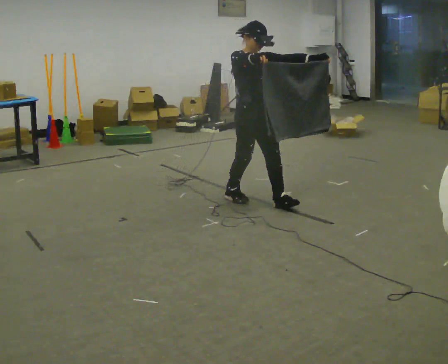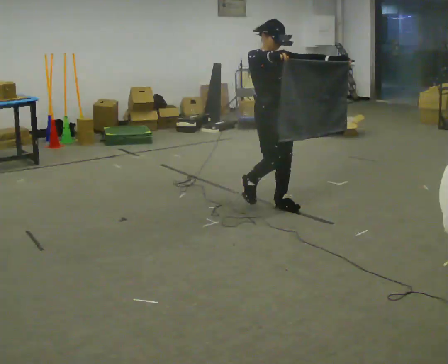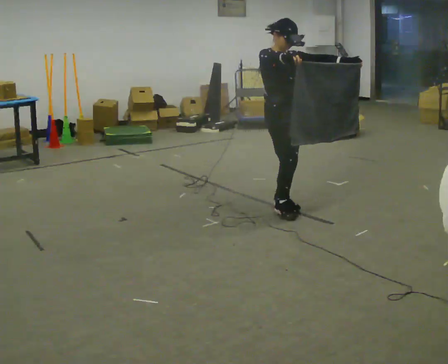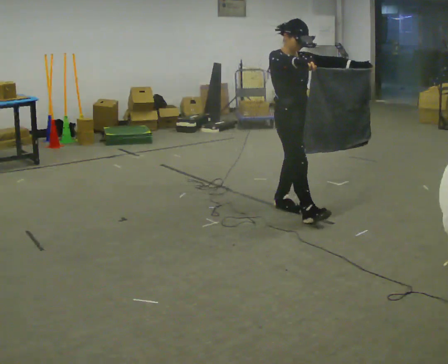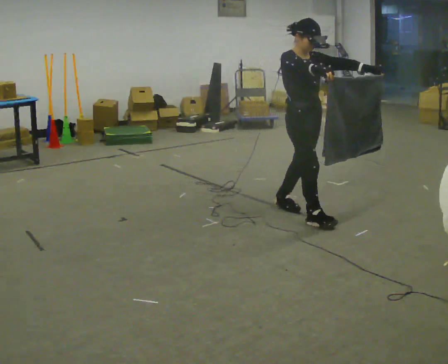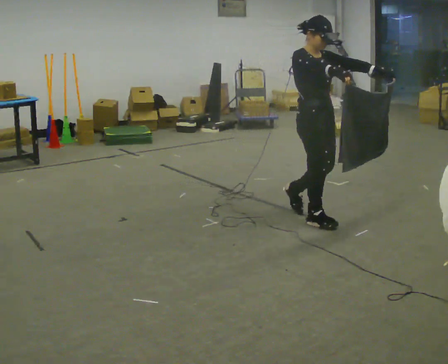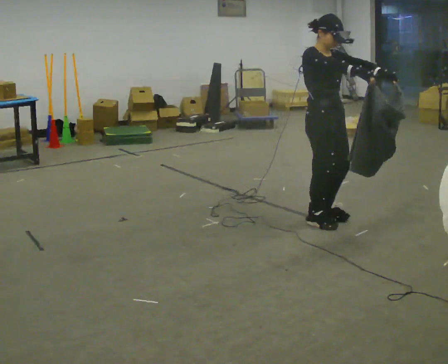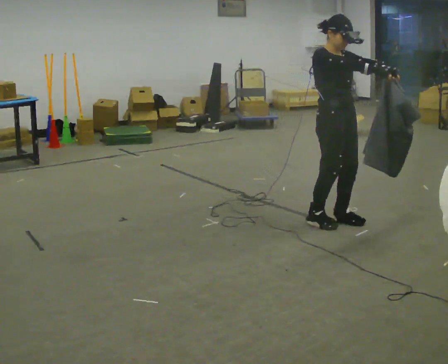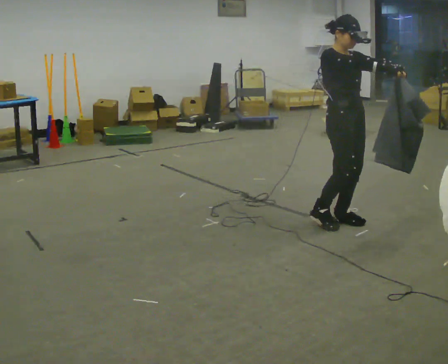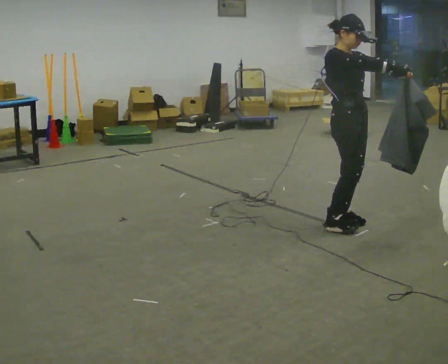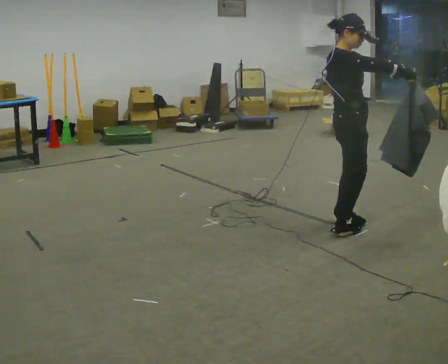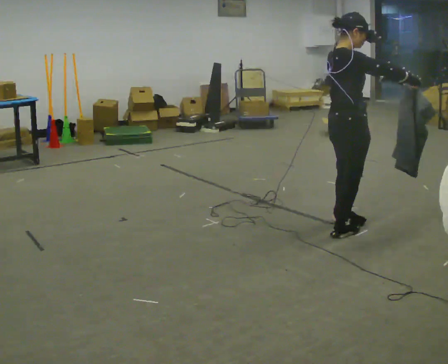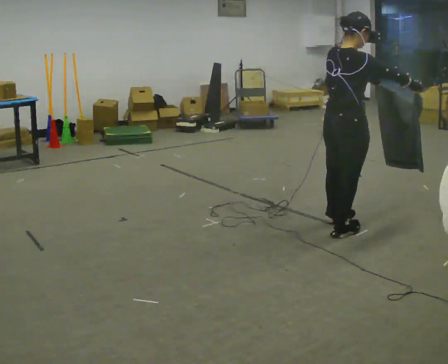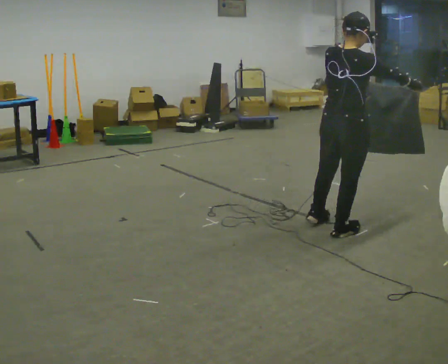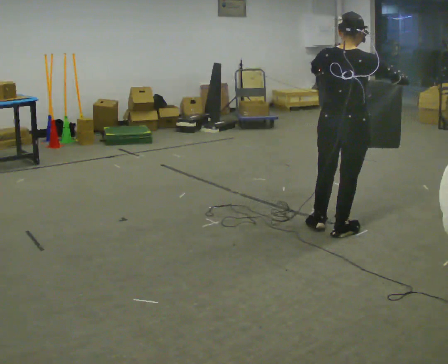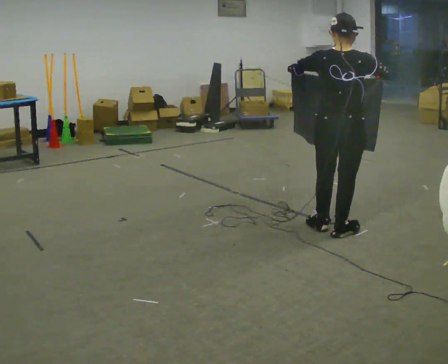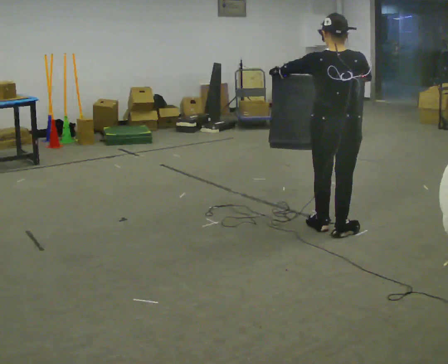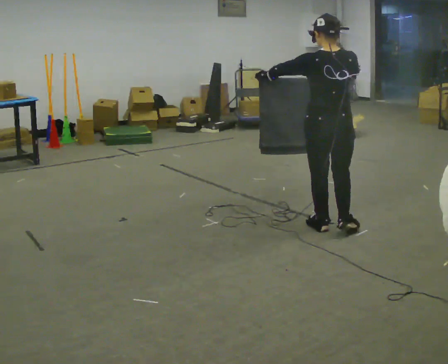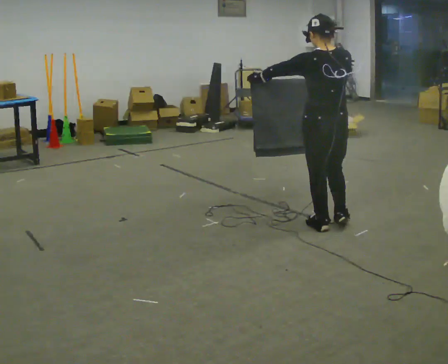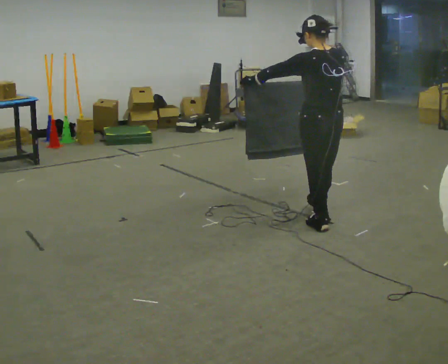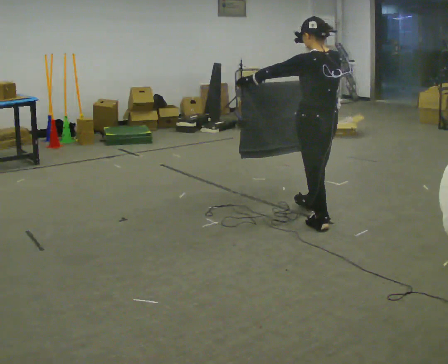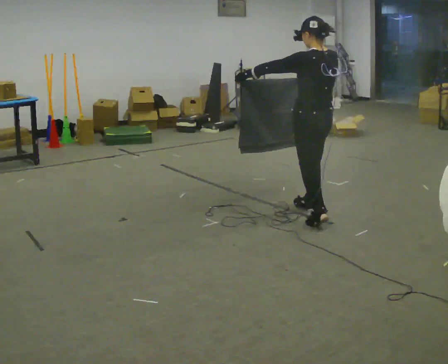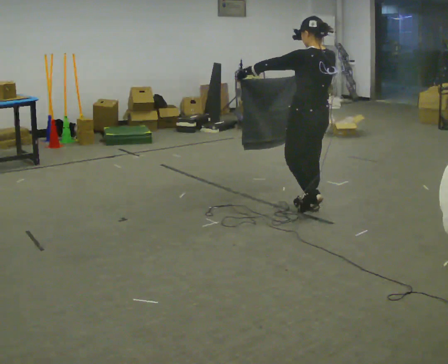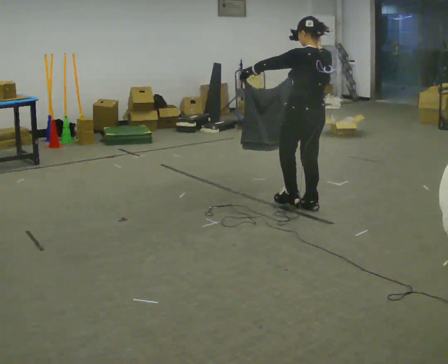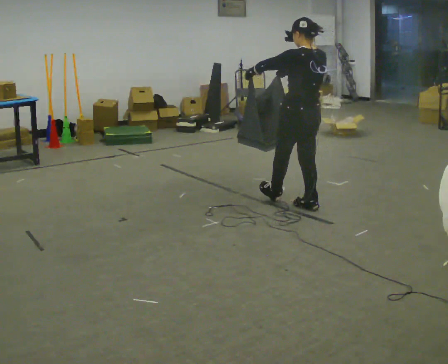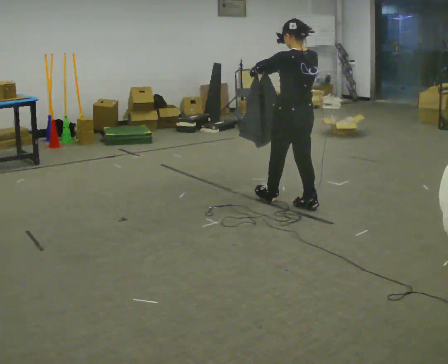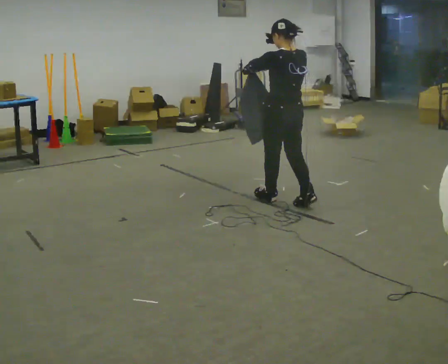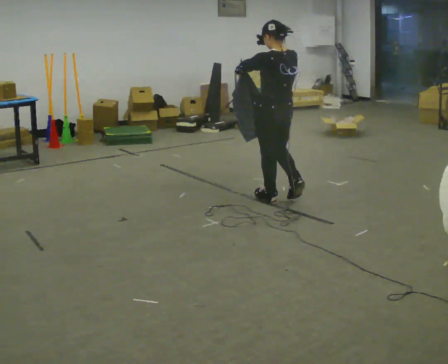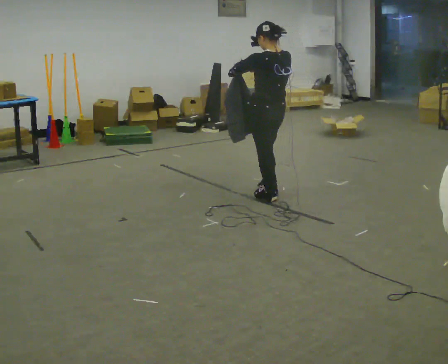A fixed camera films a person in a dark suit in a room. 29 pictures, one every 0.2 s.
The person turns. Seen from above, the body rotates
counterclockwise.
The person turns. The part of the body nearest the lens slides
to the right.
0.0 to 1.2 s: In the picture they go to the right and toward the camera, about 0.75 m in 1 step, which for them is forward.
1.2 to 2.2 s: The part of the body nearest the lens slides to the right as the person turns to their left by about 45 degrees. In the picture they go toward the camera, about 0.25 m in 2 steps, which for them is forward. In the picture their right hand goes to the right.
2.2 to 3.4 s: Seen from above the body turns counterclockwise, about 90 degrees: to their left, with its near side sliding to the right. In the picture their left hand goes to the left.
3.4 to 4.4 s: The person turns about 30 degrees to their left, counterclockwise seen from above, so the part of the body nearest the lens slides to the right. In the picture they go away from the camera, about 0.5 m in 1 step, which for them is forward.
4.4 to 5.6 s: In the picture they go to the left and away from the camera, about 0.5 m in 1 step, which for them is forward.
The film runs forward here.
